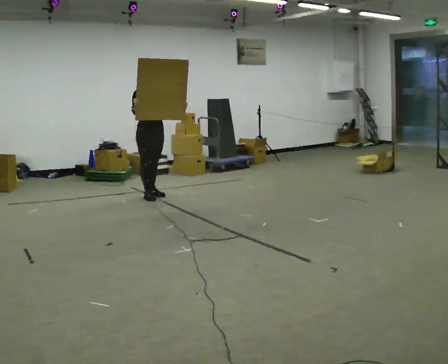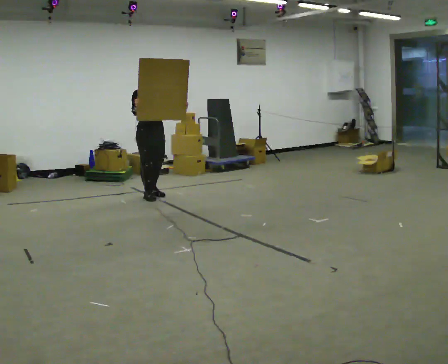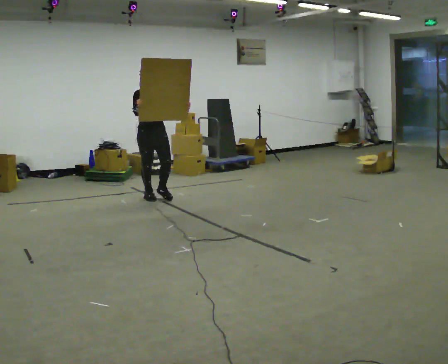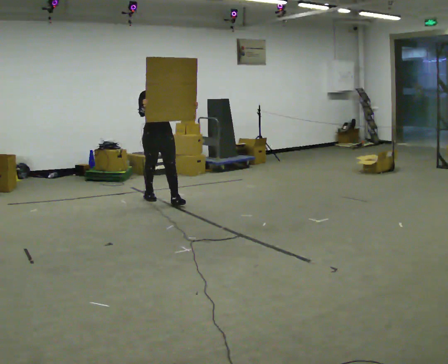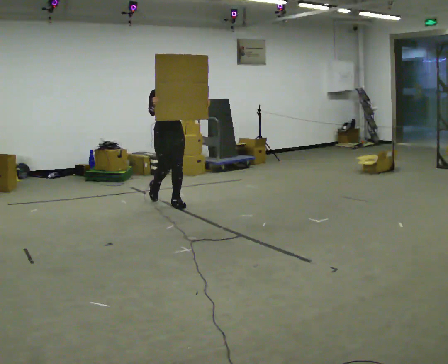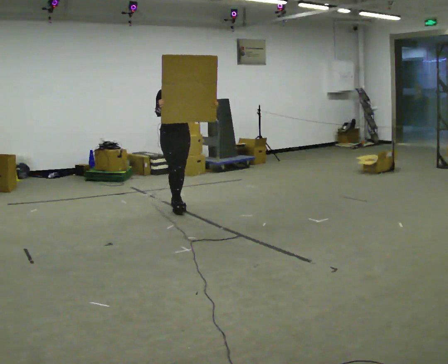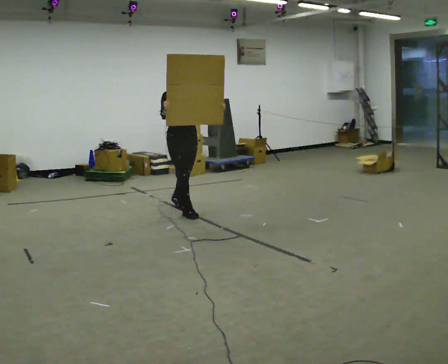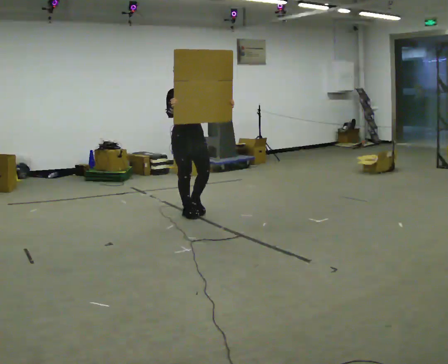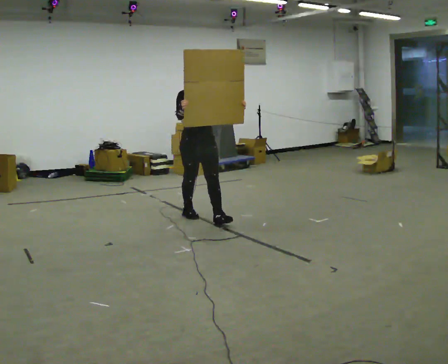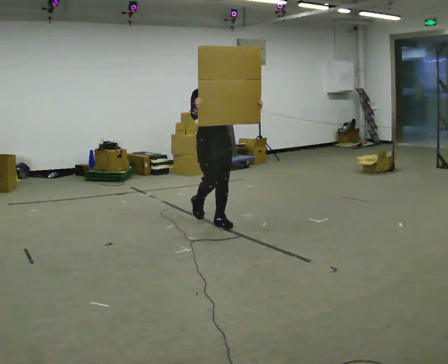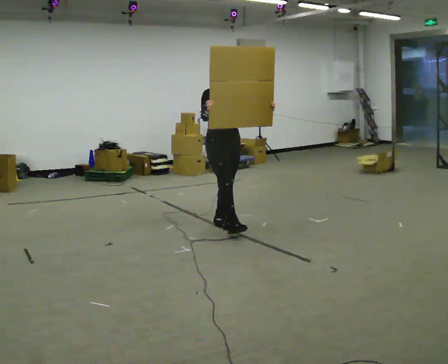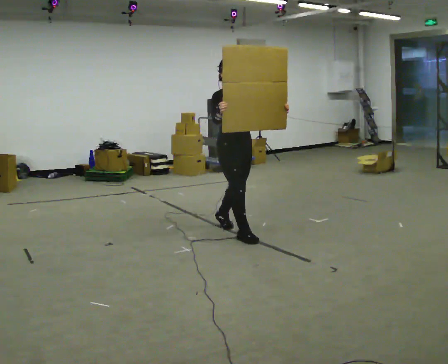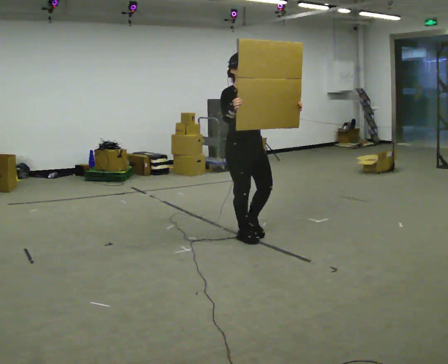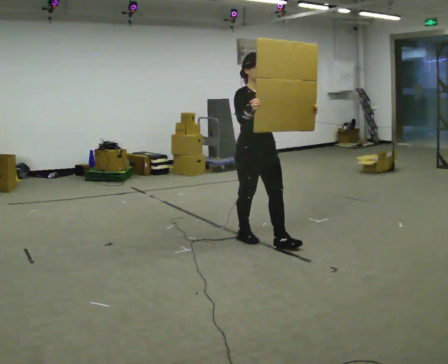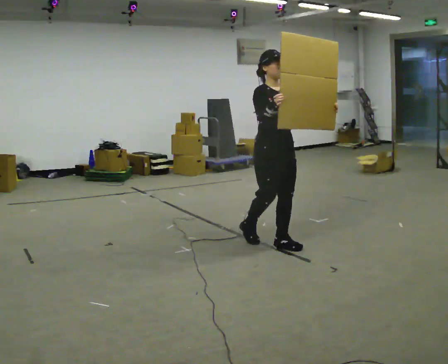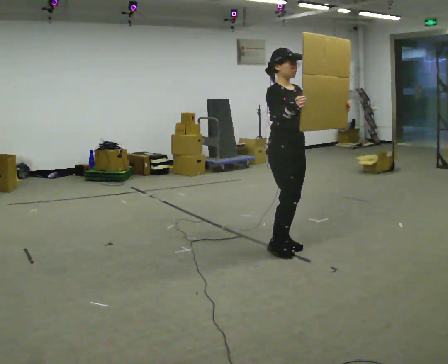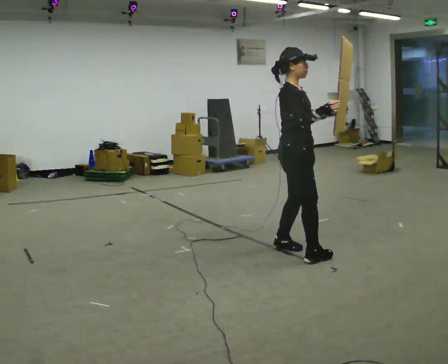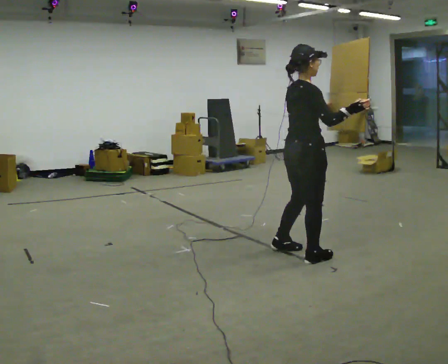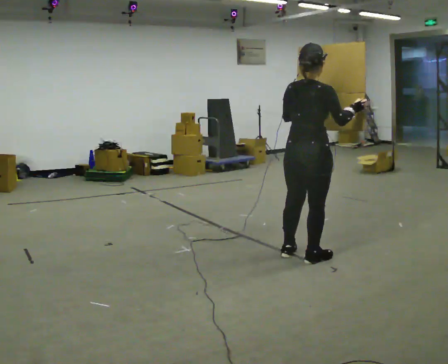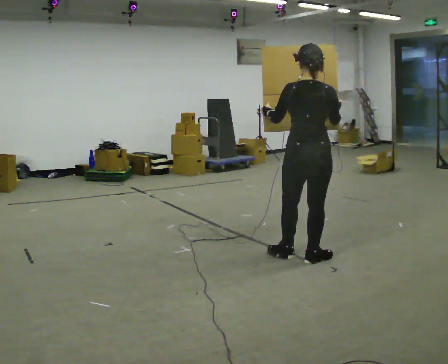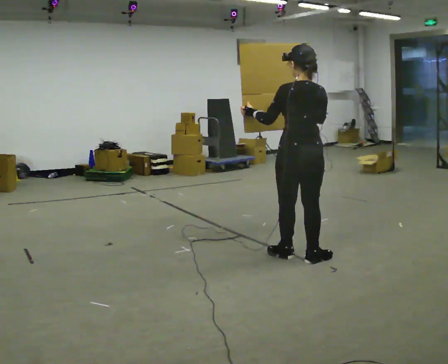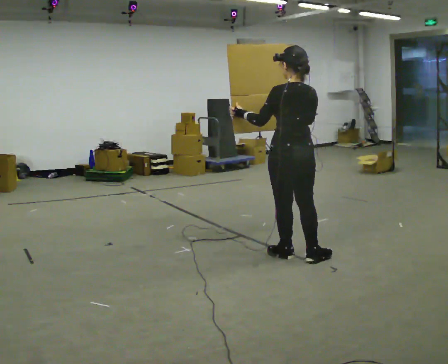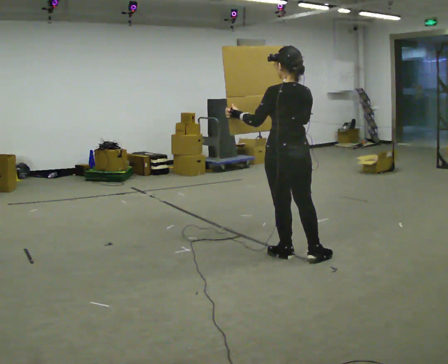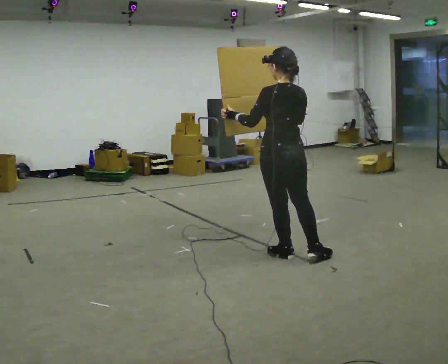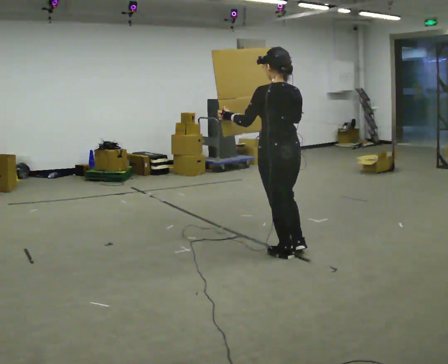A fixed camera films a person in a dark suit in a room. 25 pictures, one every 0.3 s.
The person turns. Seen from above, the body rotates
counterclockwise.
The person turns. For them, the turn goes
to their left.
0.0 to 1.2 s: In the picture they go to the right and toward the camera, about 0.5 m in 1 step, which for them is forward.
1.2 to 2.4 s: In the picture they go toward the camera and to the right, about 0.5 m in 2 steps, which for them is forward.
2.4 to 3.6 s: In the picture they go toward the camera and to the right, about 1 m in 1 step, which for them is forward.
3.6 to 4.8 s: The person turns about 45 degrees to their left, counterclockwise seen from above, so the part of the body nearest the lens slides to the right. In the picture they go to the right and toward the camera, about 0.5 m in 2 steps, which for them is forward.
4.8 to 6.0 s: The part of the body nearest the lens slides to the right as the person turns to their left by about 120 degrees. In the picture they go toward the camera, about 0.25 m in 1 step. In the picture their left hand goes to the left.
6.0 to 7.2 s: In the picture they go to the left, about 0.25 m, which for them is forward.
The film runs forward here.
